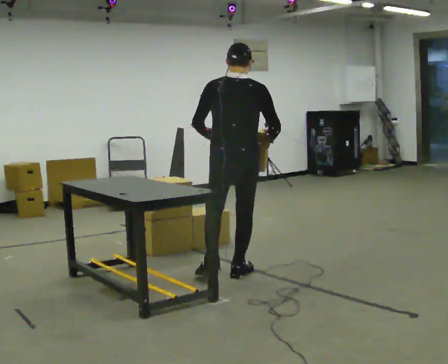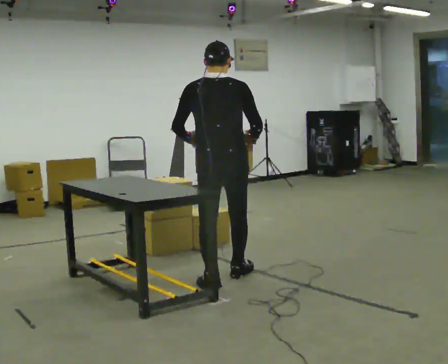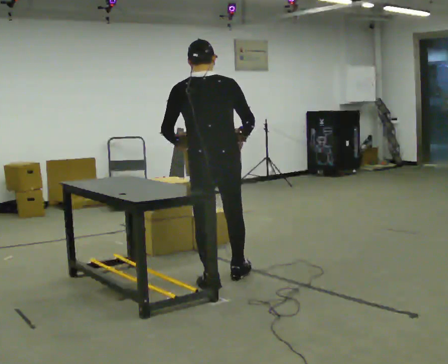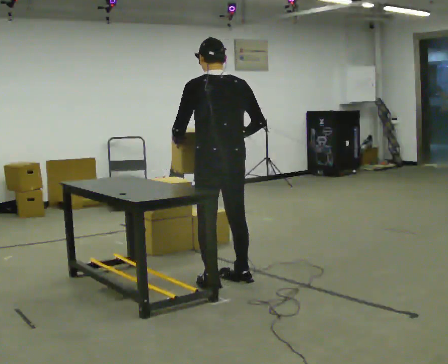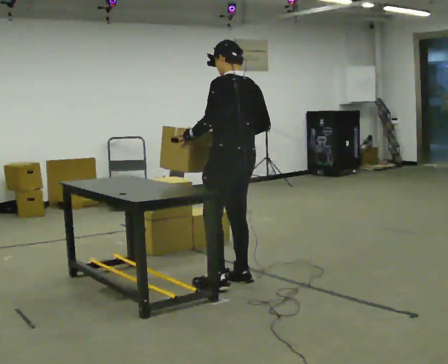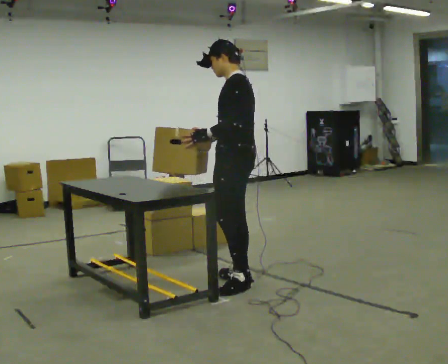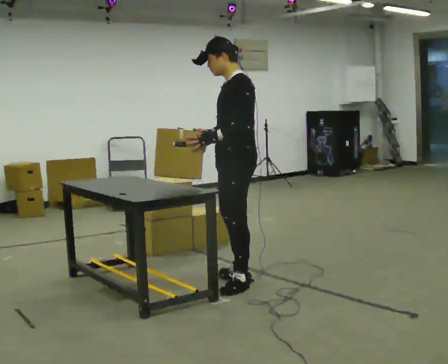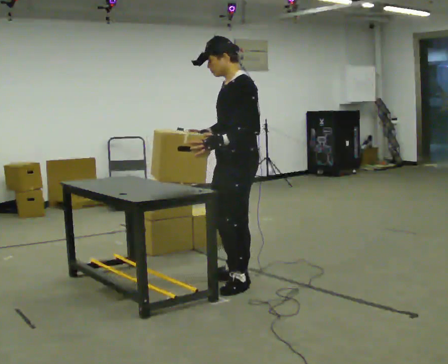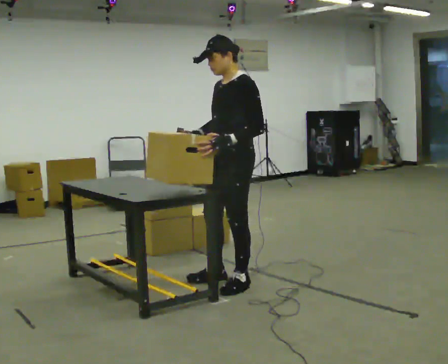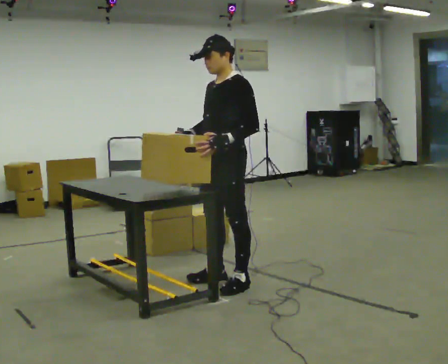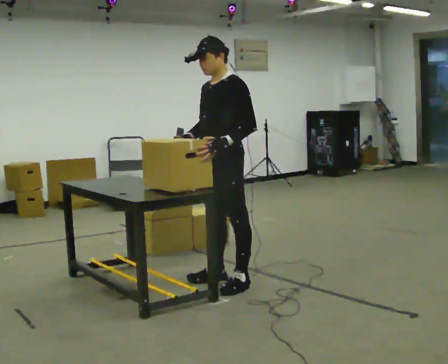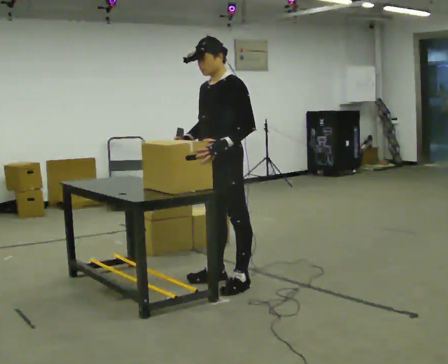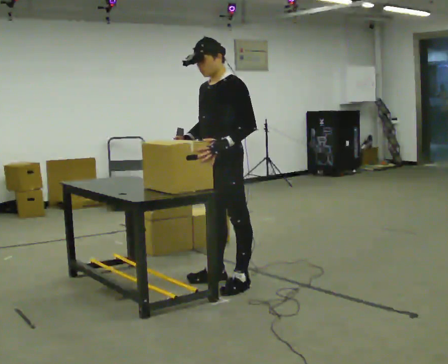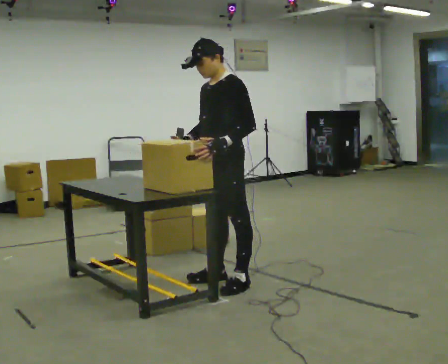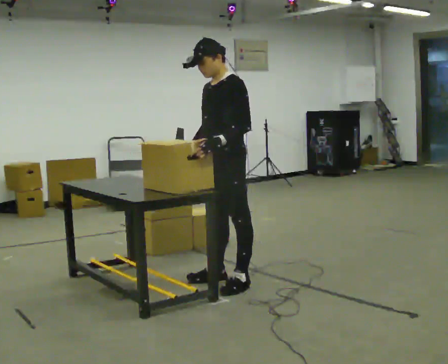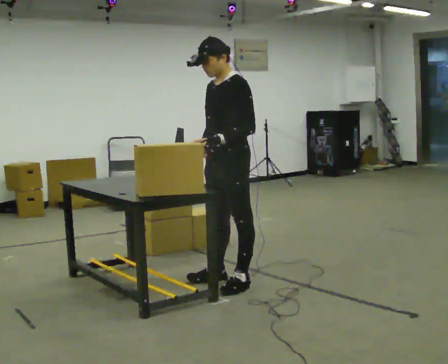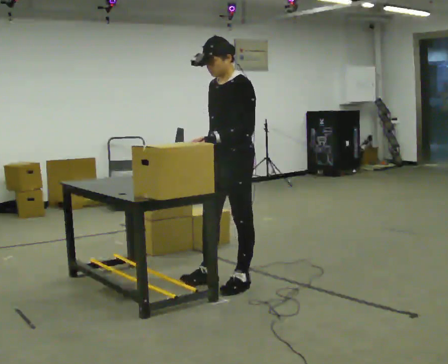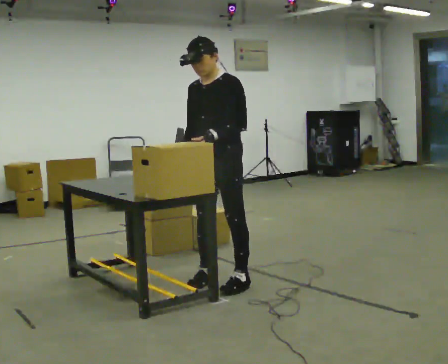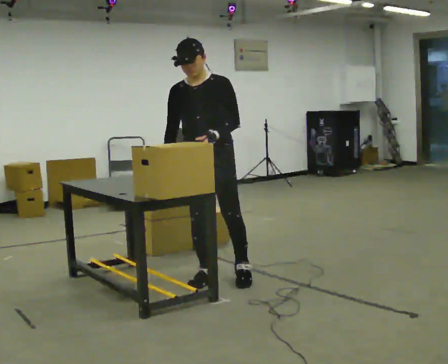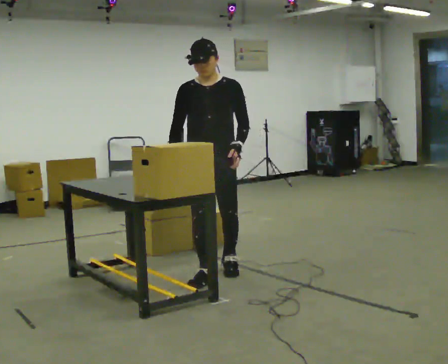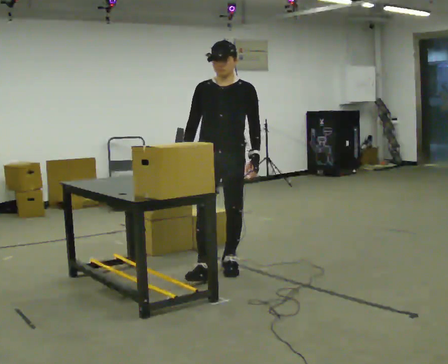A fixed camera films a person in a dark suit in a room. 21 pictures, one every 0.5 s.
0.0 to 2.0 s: The person turns about 45 degrees to their left, counterclockwise seen from above, so the part of the body nearest the lens slides to the right. In the picture they go toward the camera, about 0.25 m in 1 step, which for them is backward.
2.0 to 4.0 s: The part of the body nearest the lens slides to the right as the person turns to their left by about 75 degrees.
4.0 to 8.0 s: The person moves a little, or ends about where they began.
8.0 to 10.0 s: Seen from above the body turns counterclockwise, about 60 degrees: to their left, with its near side sliding to the right. In the picture they go away from the camera, about 0.5 m in 1 step, which for them is backward and to their right.
The film runs backward here.
